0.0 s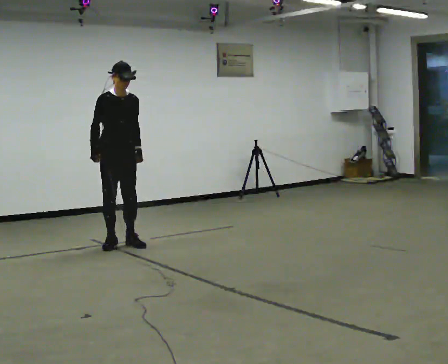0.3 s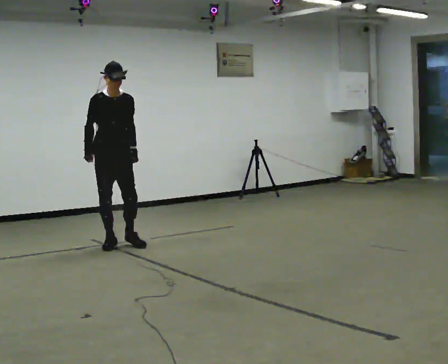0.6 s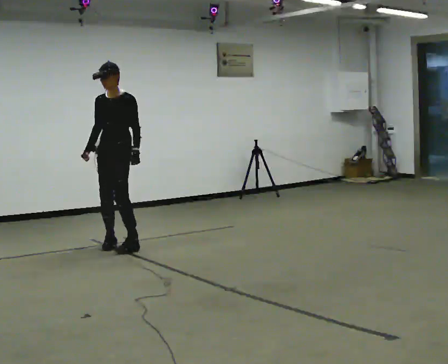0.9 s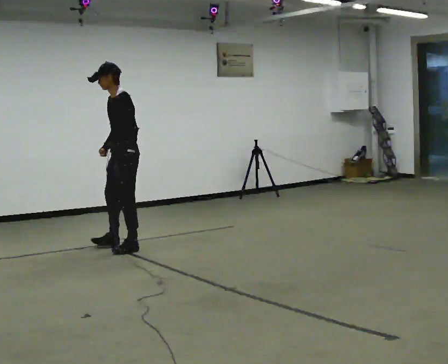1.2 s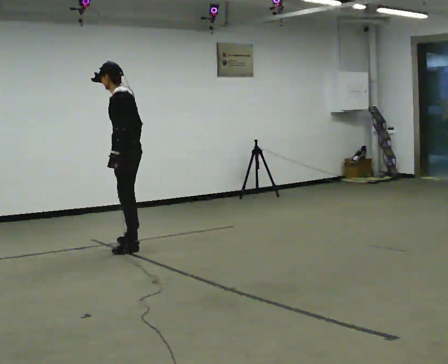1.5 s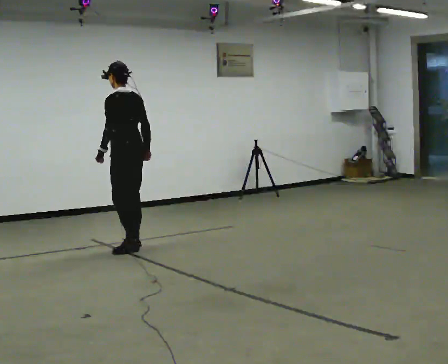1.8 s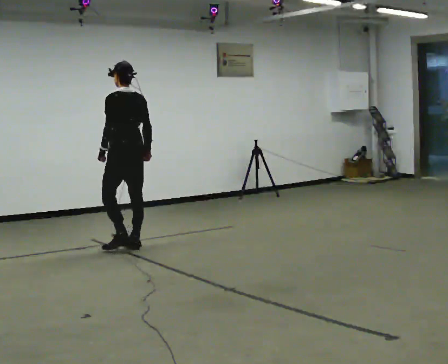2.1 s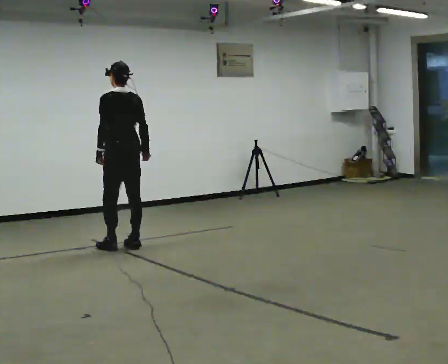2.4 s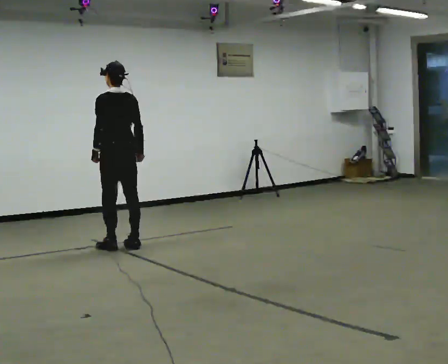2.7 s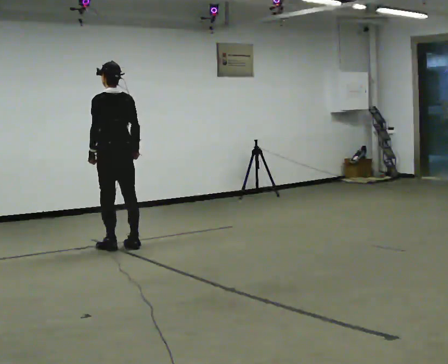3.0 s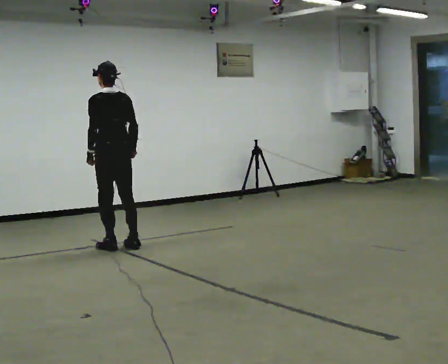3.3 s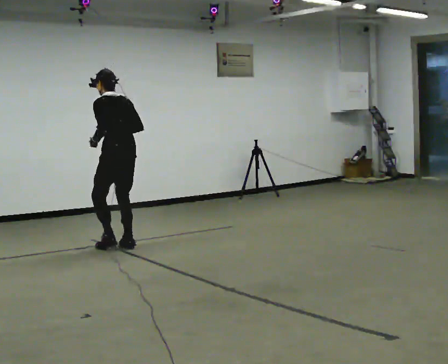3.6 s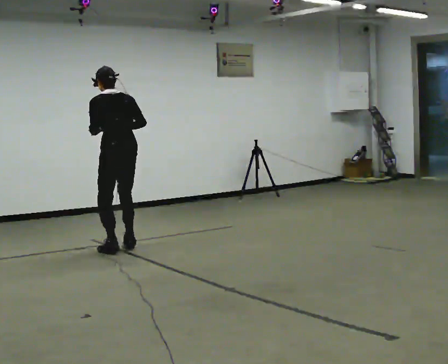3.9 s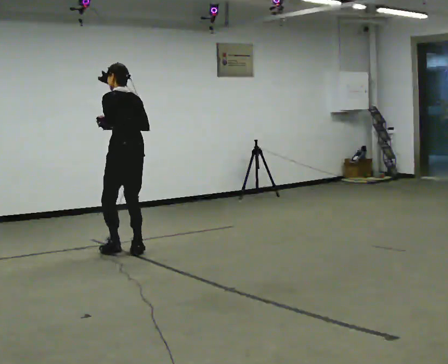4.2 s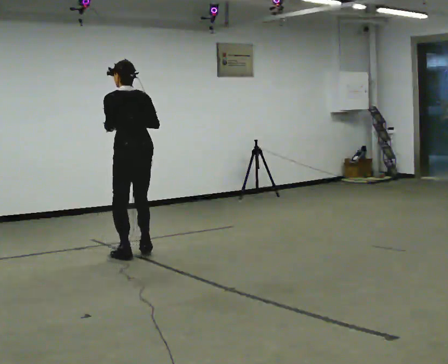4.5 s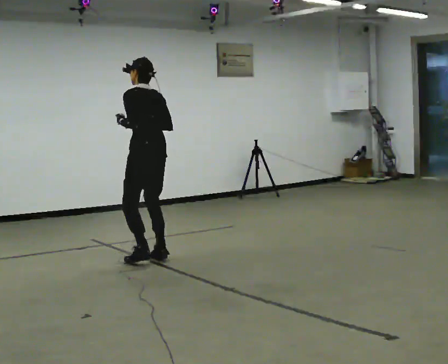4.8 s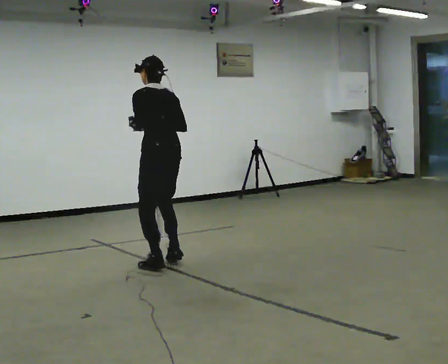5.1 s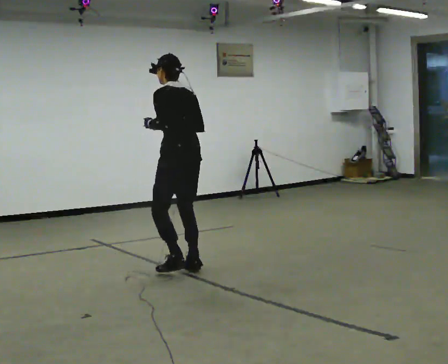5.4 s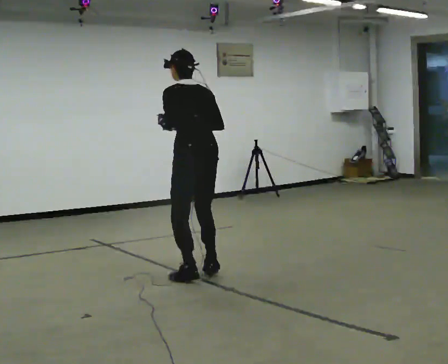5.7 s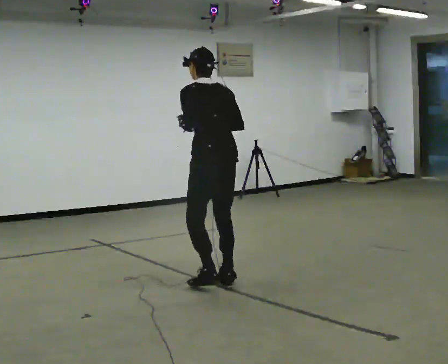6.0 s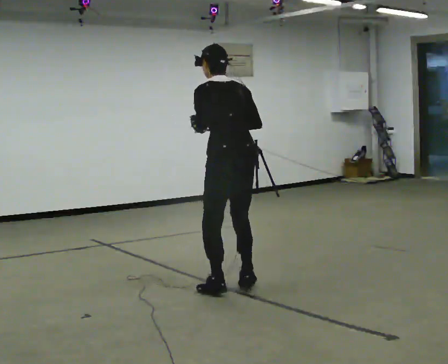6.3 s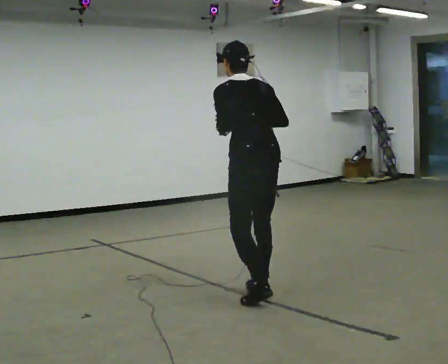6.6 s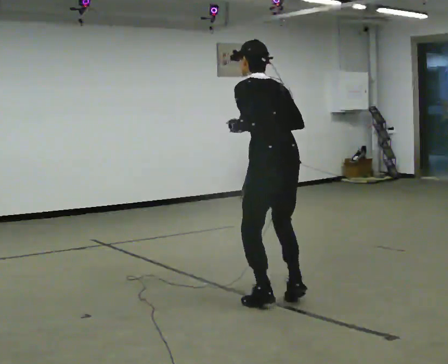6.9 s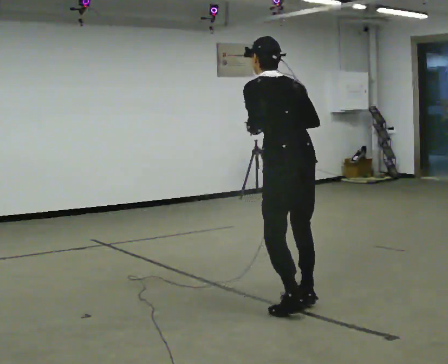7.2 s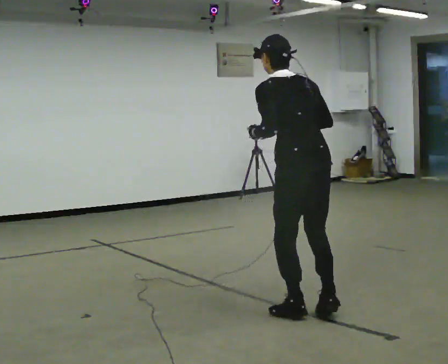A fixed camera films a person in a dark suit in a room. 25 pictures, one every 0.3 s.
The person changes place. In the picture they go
toward the camera.
0.0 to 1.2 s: Seen from above the body turns clockwise, about 135 degrees: to their right, with its near side sliding to the left. In the picture they go to the right and toward the camera, about 0.25 m in 1 step. In the picture the upper body tilts counterclockwise, shoulders to the left. In the picture their right hand goes to the right.
1.2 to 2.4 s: Seen from above the body turns clockwise, about 45 degrees: to their right, with its near side sliding to the left.
2.4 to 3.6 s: In the picture they go toward the camera, about 0.25 m in 1 step, which for them is backward.
3.6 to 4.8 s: In the picture they go toward the camera and to the right, about 1 m in 4 steps, which for them is backward.
4.8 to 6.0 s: In the picture they go toward the camera and to the right, about 1 m in 4 steps, which for them is backward.
6.0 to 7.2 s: In the picture they go toward the camera and to the right, about 0.5 m in 4 steps, which for them is backward.
The film runs forward here.
